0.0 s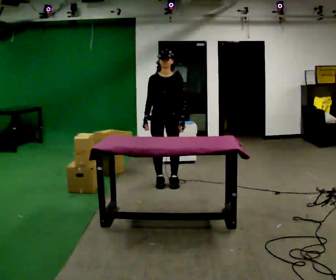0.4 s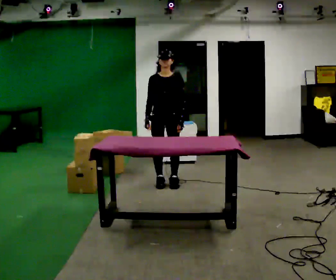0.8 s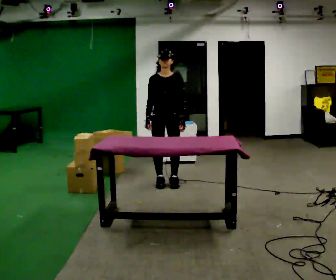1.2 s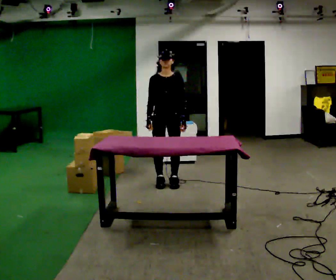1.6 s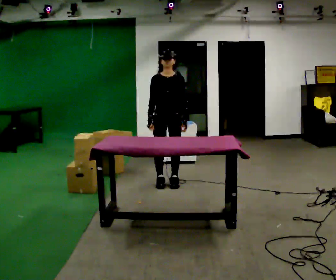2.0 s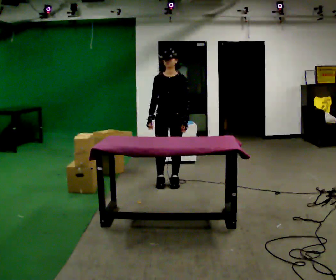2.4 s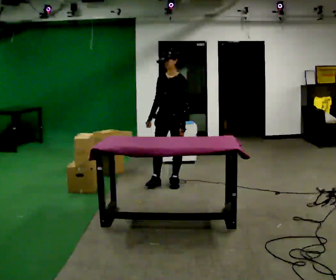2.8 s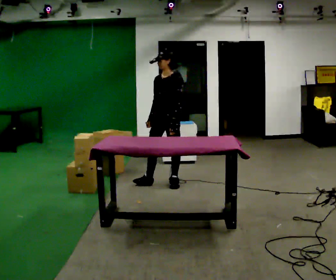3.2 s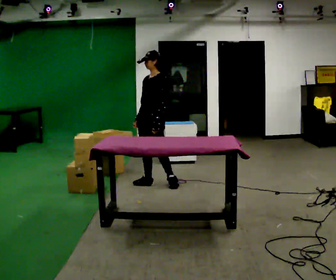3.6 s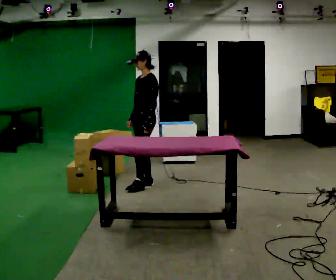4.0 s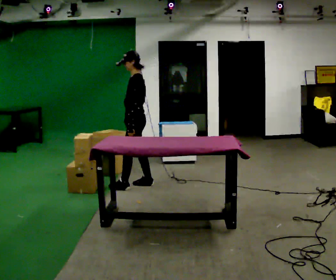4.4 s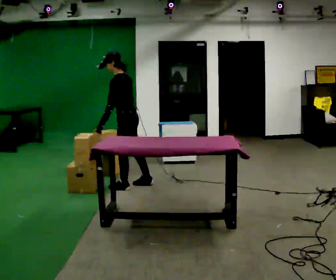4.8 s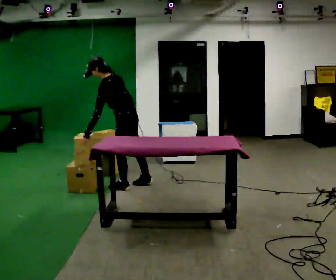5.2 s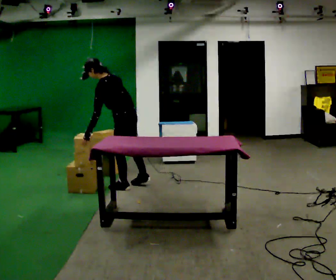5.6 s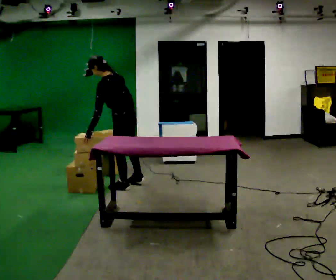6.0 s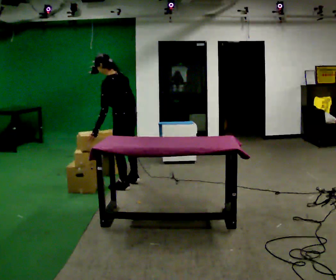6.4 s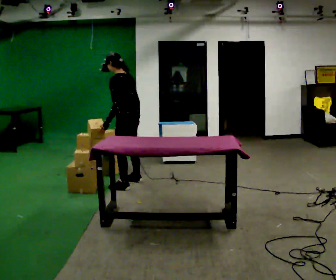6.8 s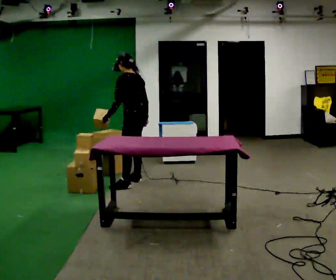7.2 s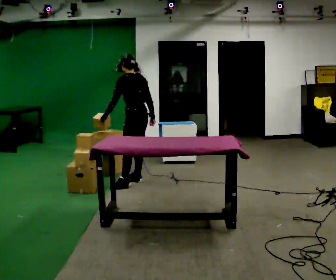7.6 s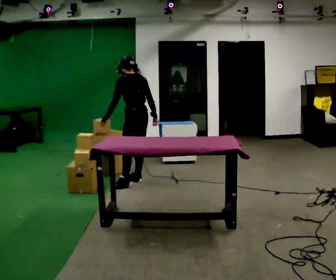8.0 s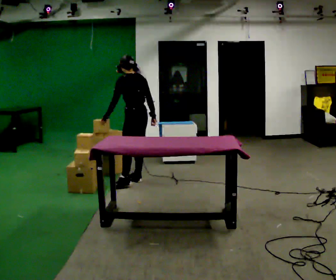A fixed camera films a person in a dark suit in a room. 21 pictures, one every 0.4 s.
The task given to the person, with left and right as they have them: 1. Move everything from the second bin into the first bin. 2. Carry the empty bin to the shelf. 3. Carry the full bin to the table. 4. Tell the operator when you are finished.
0.0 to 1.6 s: The person moves a little, or ends about where they began.
1.6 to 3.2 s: The person turns about 45 degrees to their right, clockwise seen from above, so the part of the body nearest the lens slides to the left. In the picture they go to the left, about 0.25 m, which for them is to their right.
3.2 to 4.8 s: The part of the body nearest the lens slides to the left as the person turns to their right by about 60 degrees. In the picture they go to the left and toward the camera, about 0.25 m in 1 step, which for them is forward and to their left. In the picture the upper body tilts counterclockwise, shoulders to the left, as they bend forward.
4.8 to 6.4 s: In the picture the upper body tilts clockwise, shoulders to the right, as they lean back or straighten.
6.4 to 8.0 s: In the picture they go away from the camera, about 0.25 m, which for them is to their right. The upper body tips away from the camera, its near side rolling upward.
The film runs forward here.
